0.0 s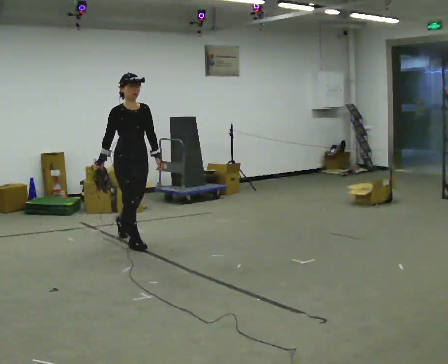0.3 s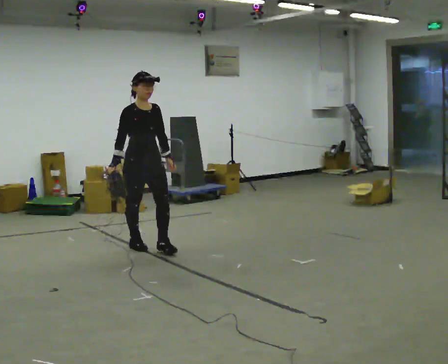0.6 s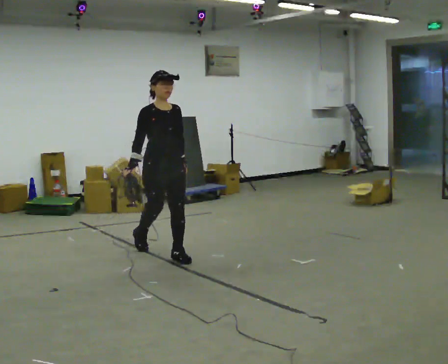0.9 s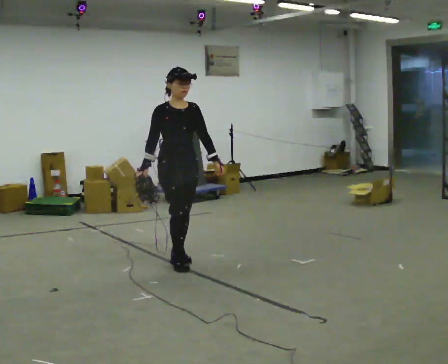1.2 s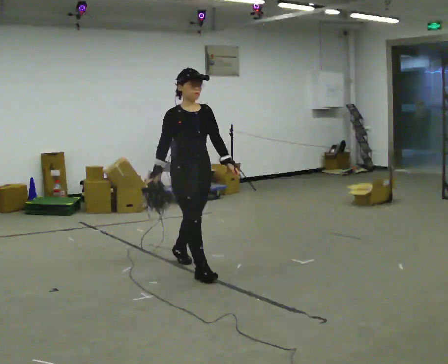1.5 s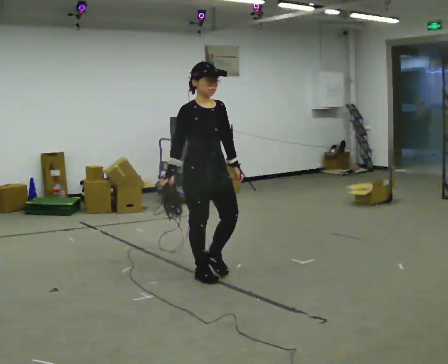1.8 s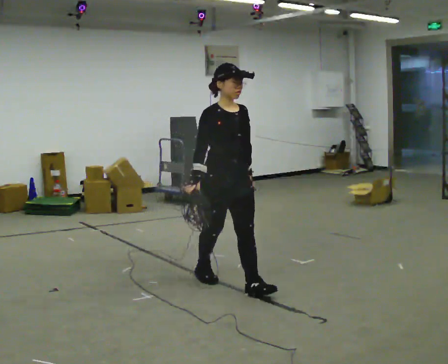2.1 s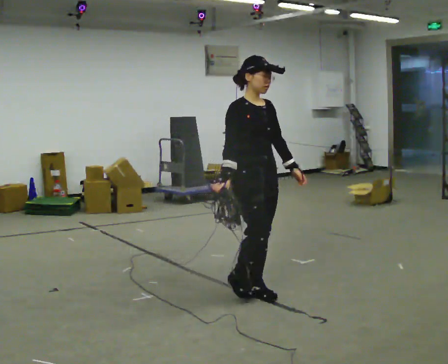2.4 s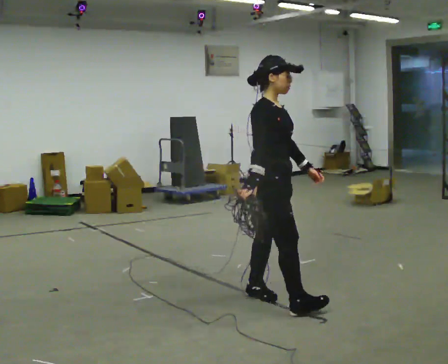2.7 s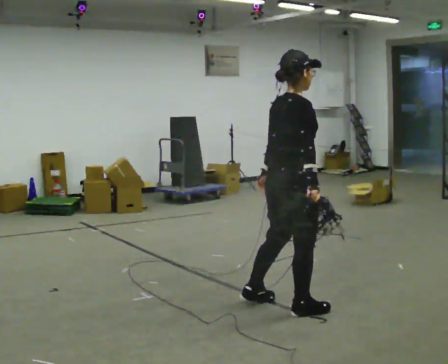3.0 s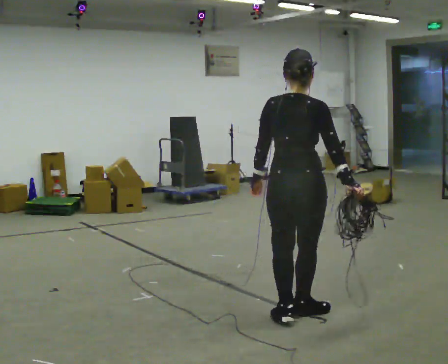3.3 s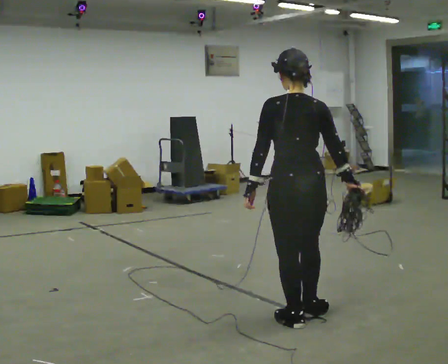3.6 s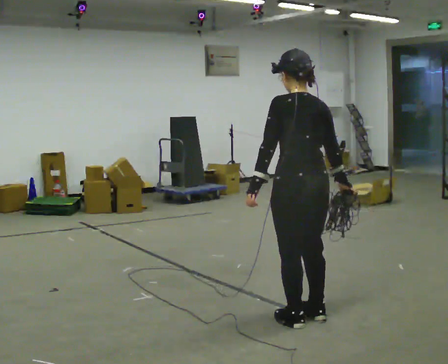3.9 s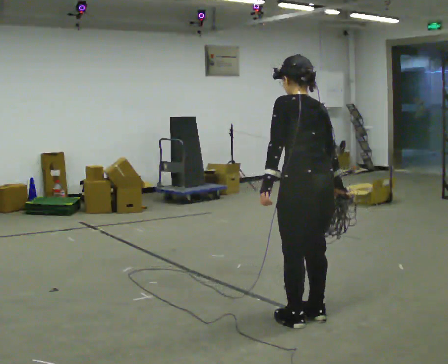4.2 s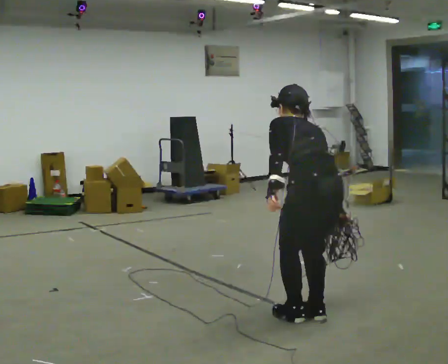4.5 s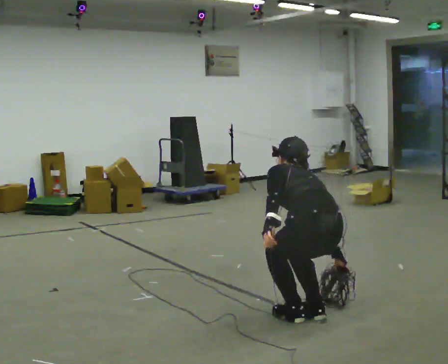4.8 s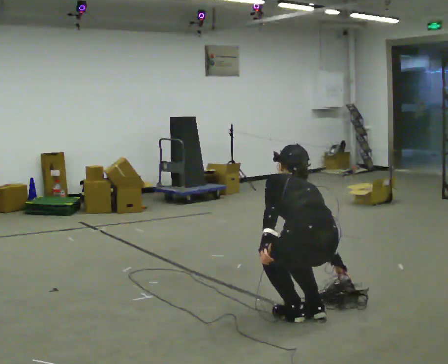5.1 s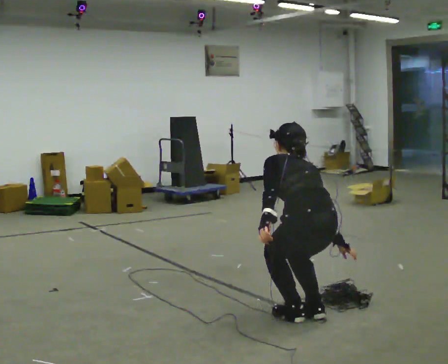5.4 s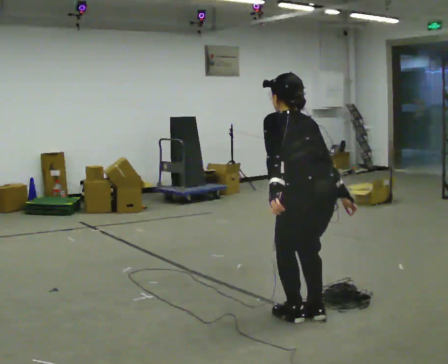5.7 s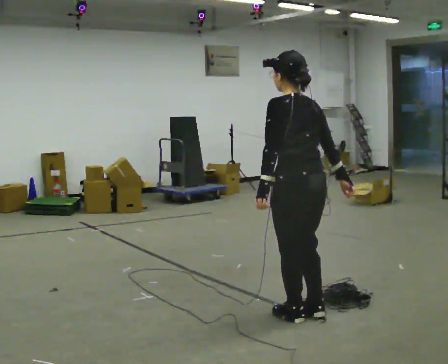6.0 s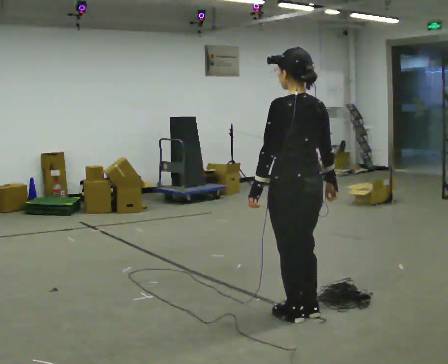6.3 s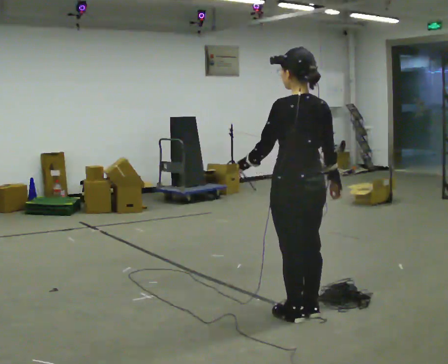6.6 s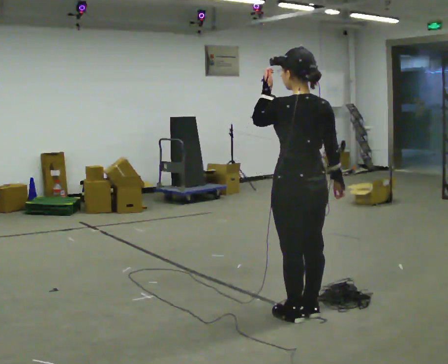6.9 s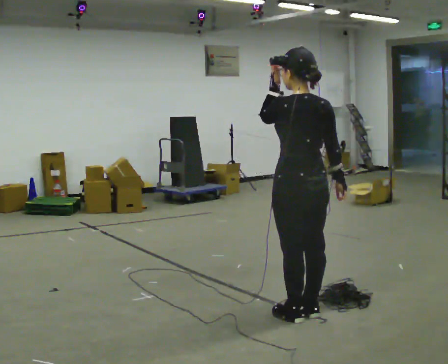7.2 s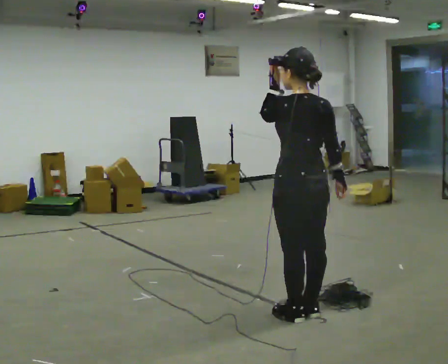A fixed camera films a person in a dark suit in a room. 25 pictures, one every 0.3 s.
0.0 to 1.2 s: In the picture they go to the right and toward the camera, about 1 m in 2 steps, which for them is forward.
1.2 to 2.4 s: Seen from above the body turns counterclockwise, about 30 degrees: to their left, with its near side sliding to the right. In the picture they go to the right and toward the camera, about 1 m in 1 step, which for them is forward.
2.4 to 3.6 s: The person turns about 135 degrees to their left, counterclockwise seen from above, so the part of the body nearest the lens slides to the right. In the picture they go toward the camera and to the right, about 0.5 m in 3 steps.
3.6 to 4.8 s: The shoulders move downward. The upper body tips away from the camera, its near side rolling upward, as they bend forward. In the picture their left hand goes downward.
4.8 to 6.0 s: The shoulders move upward. The upper body tips toward the camera, its near side rolling downward, as they lean back or straighten.
6.0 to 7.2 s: In the picture their left hand goes upward.
The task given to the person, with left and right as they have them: Pick up the coiled hose, carry it across the room, and set it down. It will move around as you walk. Keep going until the operator says stop; one object at a time, and do not rush between trips.
The film runs forward here.
